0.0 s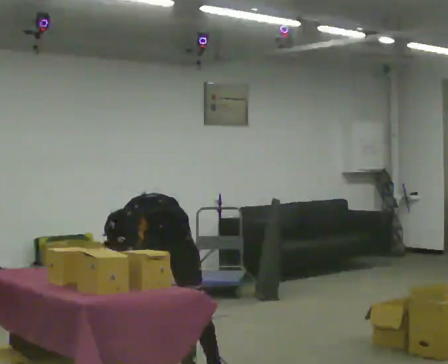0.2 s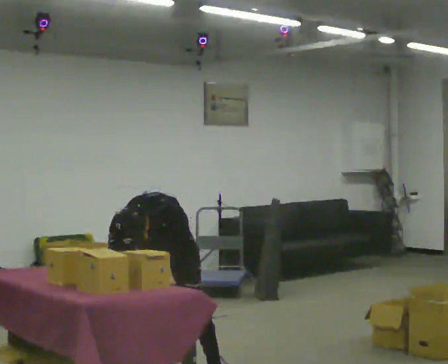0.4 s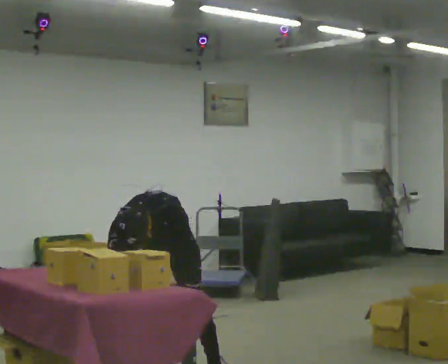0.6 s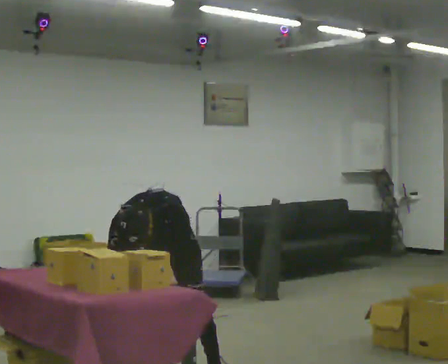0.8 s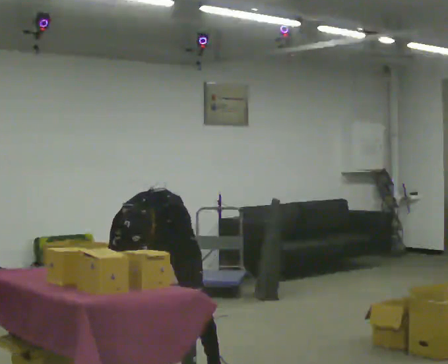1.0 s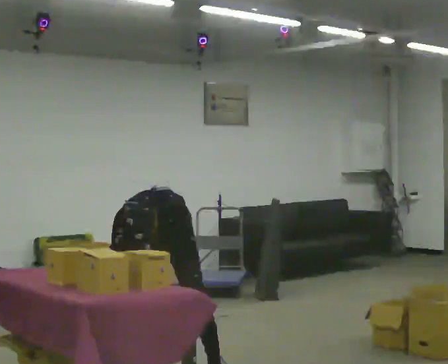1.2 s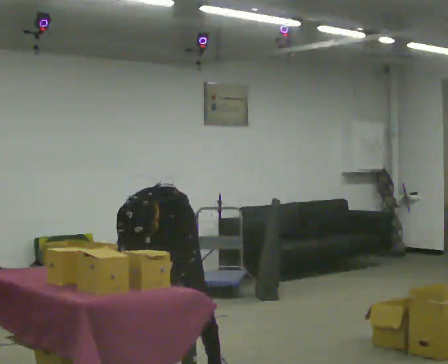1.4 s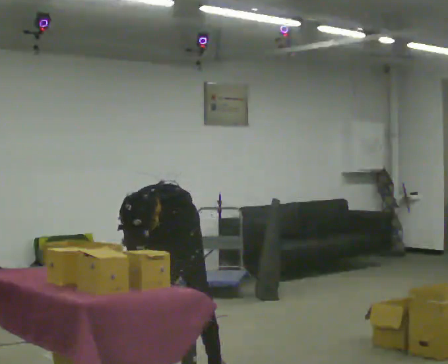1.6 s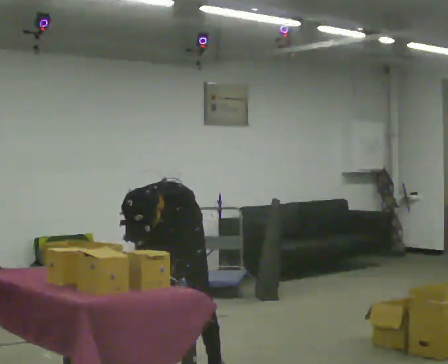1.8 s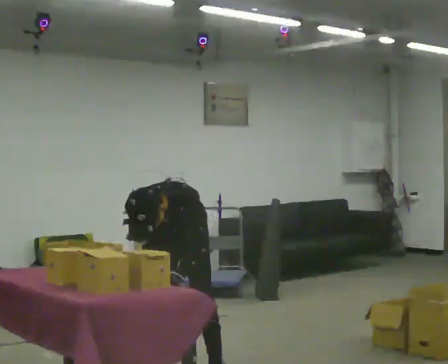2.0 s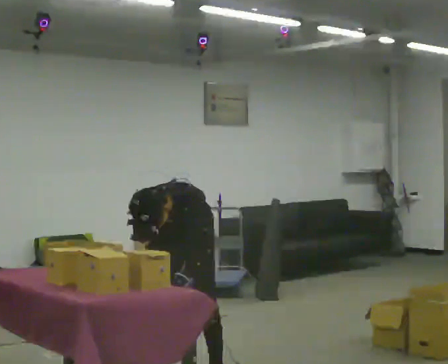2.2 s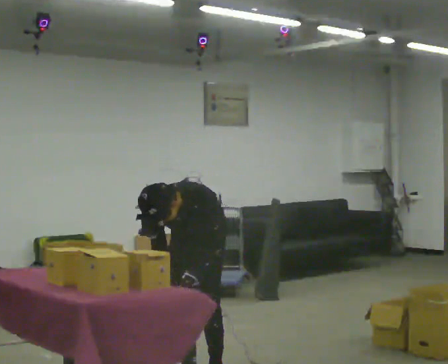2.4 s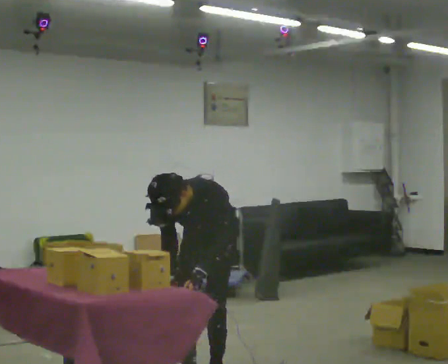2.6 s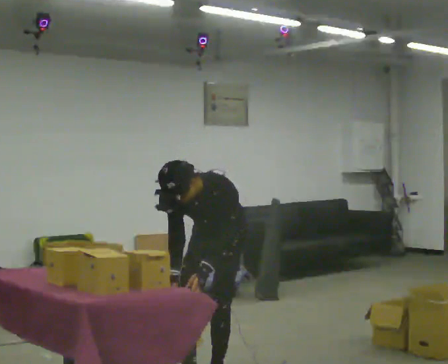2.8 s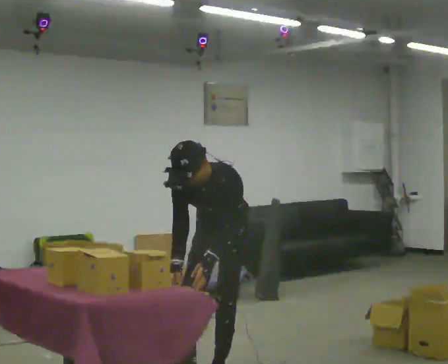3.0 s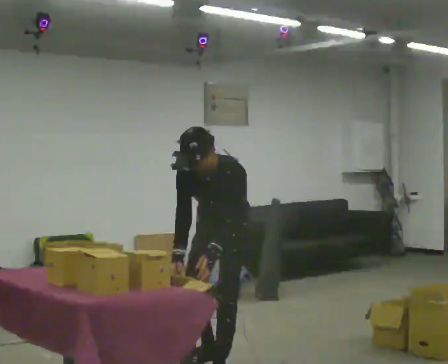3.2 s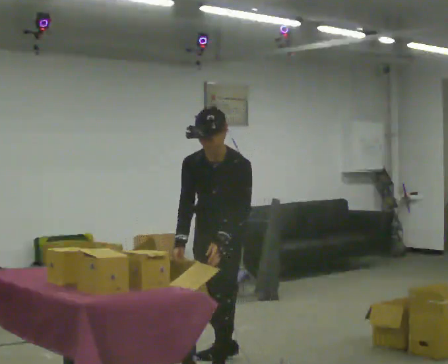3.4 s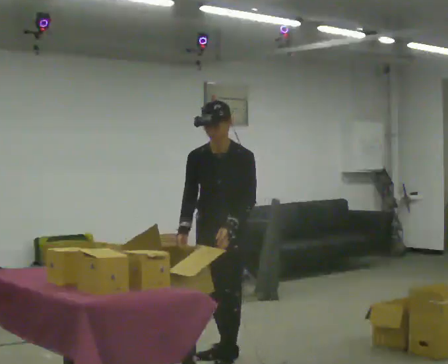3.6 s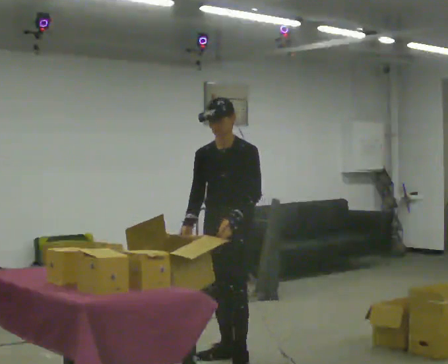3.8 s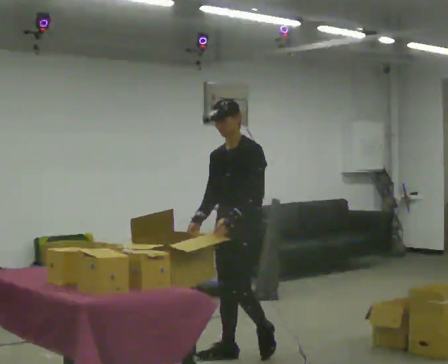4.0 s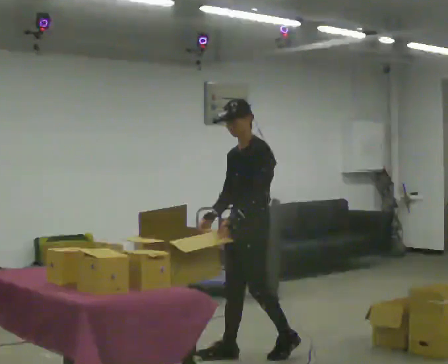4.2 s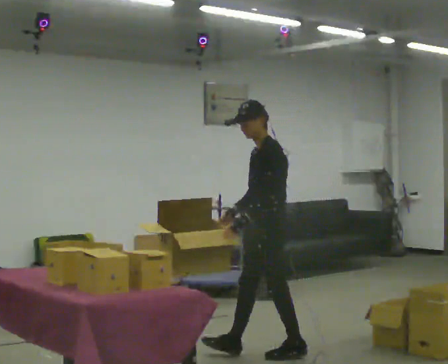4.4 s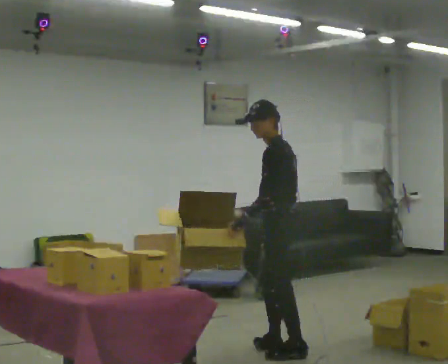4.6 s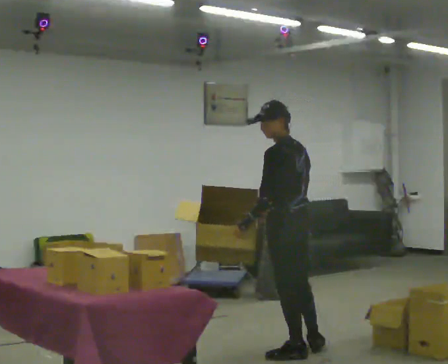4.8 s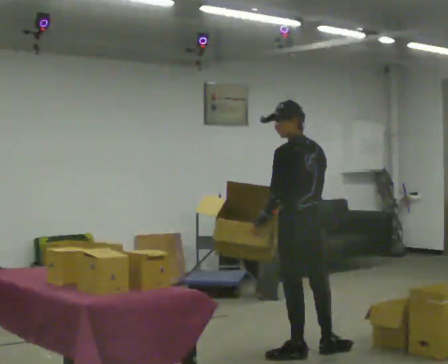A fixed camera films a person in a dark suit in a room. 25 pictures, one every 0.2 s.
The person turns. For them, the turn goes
to their right.
The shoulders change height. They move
upward.
0.0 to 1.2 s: In the picture the upper body tilts clockwise, shoulders to the right.
1.2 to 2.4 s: In the picture they go to the right, about 0.25 m, which for them is to their left.
2.4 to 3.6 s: In the picture they go away from the camera, about 0.5 m in 2 steps, which for them is backward. The upper body goes upward. The upper body tips away from the camera, its near side rolling upward, as they lean back or straighten. In the picture their right hand goes upward.
3.6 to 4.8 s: Seen from above the body turns clockwise, about 120 degrees: to their right, with its near side sliding to the left. In the picture they go to the right, about 0.5 m in 1 step.
The film runs backward here.
